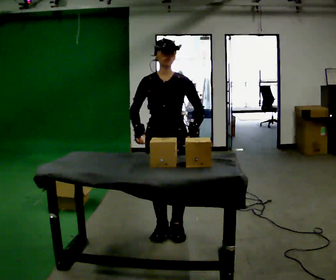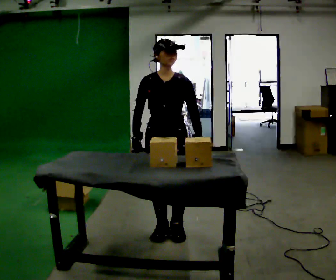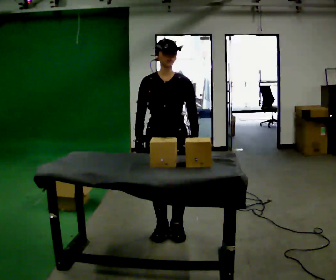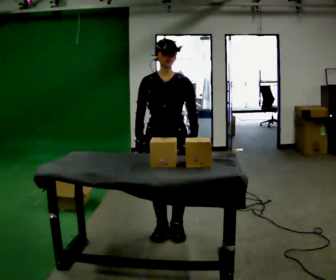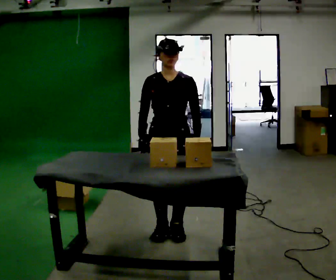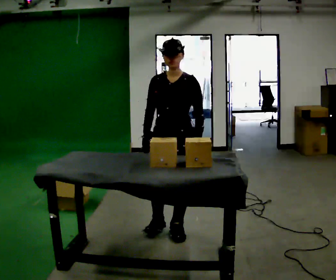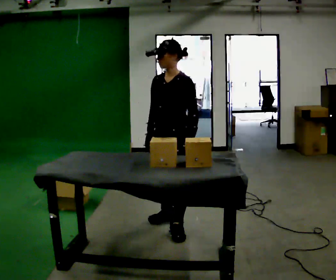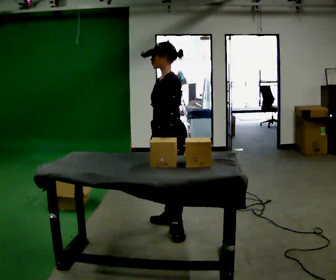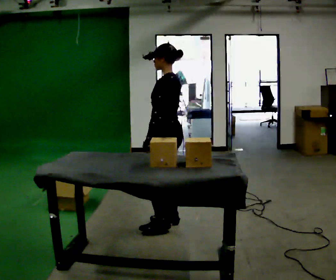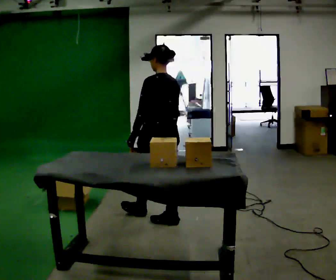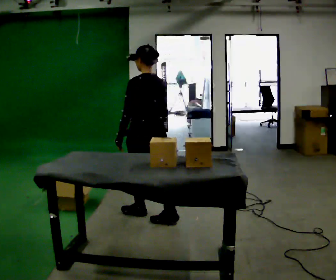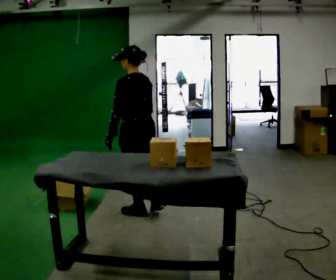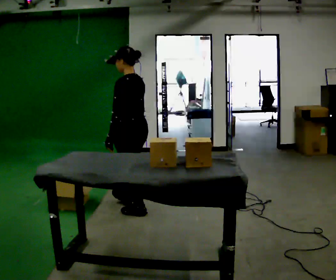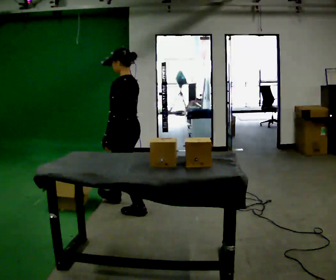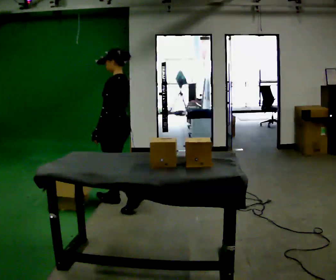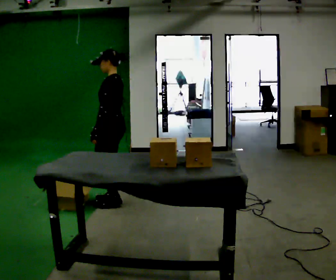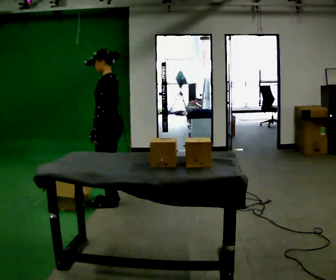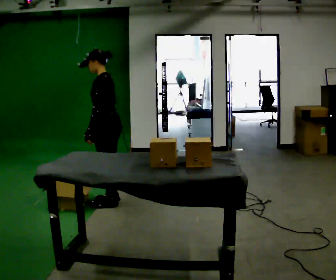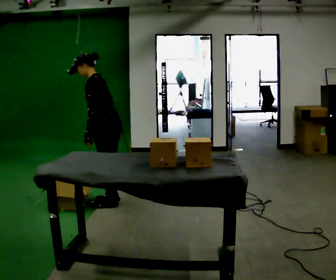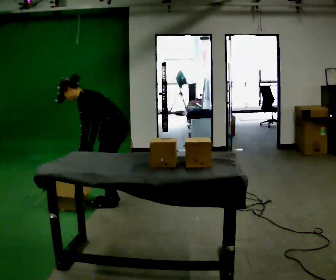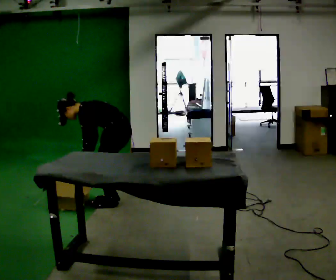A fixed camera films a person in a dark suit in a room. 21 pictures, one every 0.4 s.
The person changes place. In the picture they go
away from the camera.
0.0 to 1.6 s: The person moves a little, or ends about where they began.
1.6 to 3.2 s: The part of the body nearest the lens slides to the left as the person turns to their right by about 105 degrees. In the picture they go away from the camera, about 0.25 m in 1 step.
3.2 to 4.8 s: In the picture they go to the left and away from the camera, about 0.5 m in 1 step, which for them is forward.
4.8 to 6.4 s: The part of the body nearest the lens slides to the right as the person turns to their left by about 30 degrees. In the picture they go away from the camera and to the left, about 0.5 m in 2 steps, which for them is forward and to their right.
6.4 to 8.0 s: The shoulders move downward. In the picture the upper body tilts counterclockwise, shoulders to the left, as they bend forward. In the picture their left hand goes downward.
The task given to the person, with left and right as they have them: Take an object out of the bin at knee height, carry it across the room, and place it on the chest-height shelf. Keep going until the operator says stop; one object at a time, and do not rush between trips.
The film runs forward here.
